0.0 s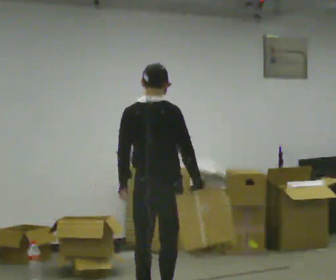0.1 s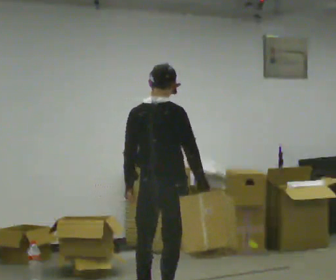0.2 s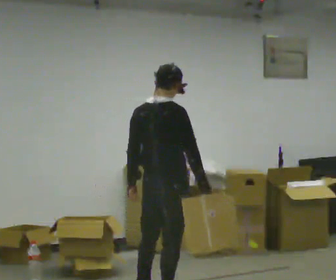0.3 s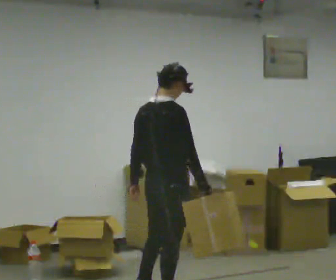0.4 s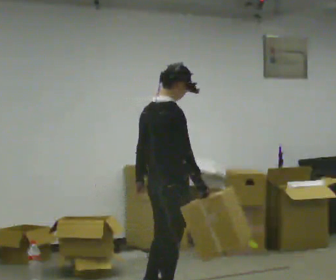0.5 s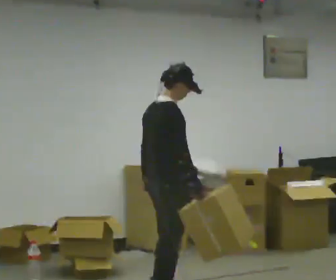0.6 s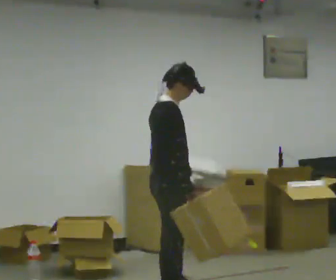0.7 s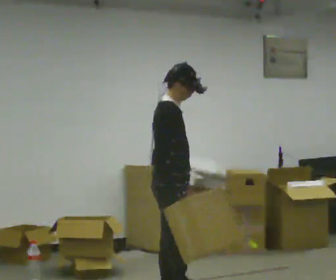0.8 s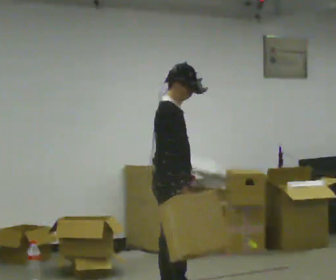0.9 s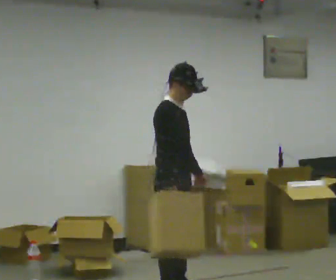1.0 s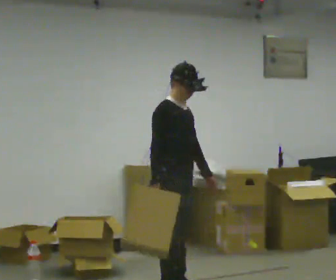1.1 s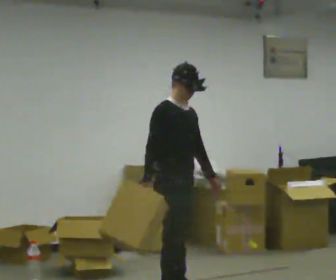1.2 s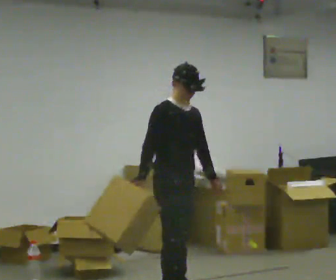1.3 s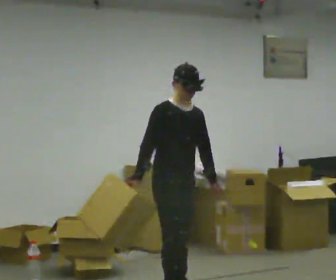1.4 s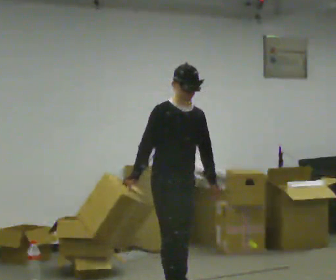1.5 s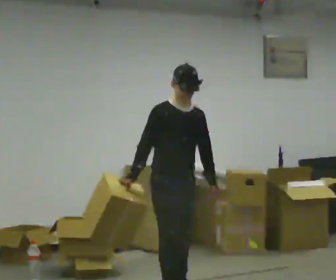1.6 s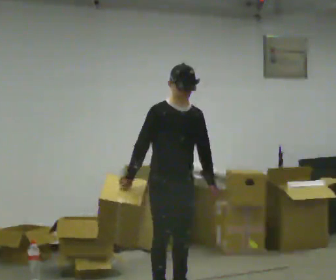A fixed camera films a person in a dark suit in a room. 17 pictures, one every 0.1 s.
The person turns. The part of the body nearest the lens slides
to the left.
The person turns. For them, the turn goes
to their right.
0.0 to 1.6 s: The person turns about 150 degrees to their right, clockwise seen from above, so the part of the body nearest the lens slides to the left. In the picture they go away from the camera, about 0.25 m in 1 step. In the picture their right hand goes to the left, the arm swinging clockwise.
The film runs forward here.
